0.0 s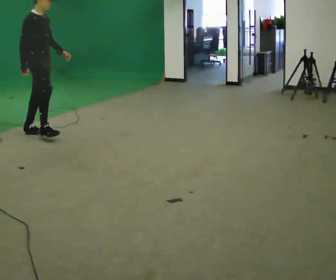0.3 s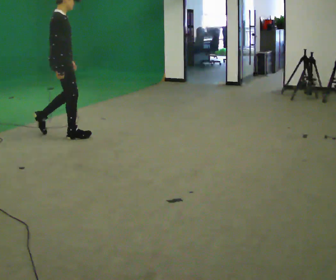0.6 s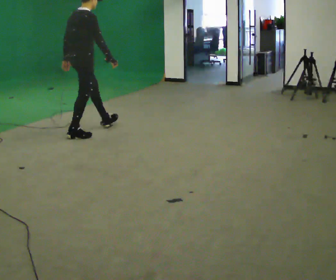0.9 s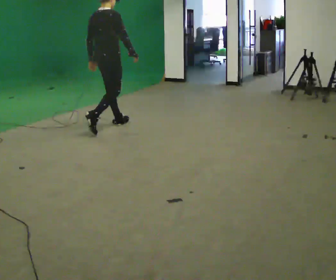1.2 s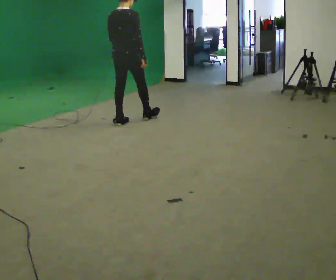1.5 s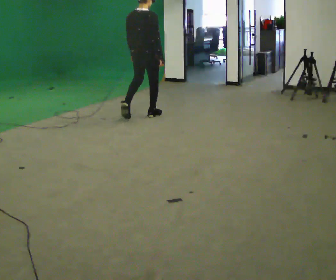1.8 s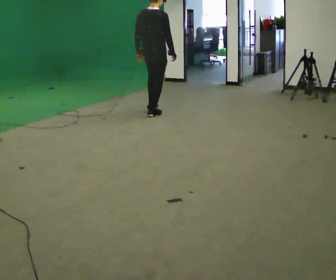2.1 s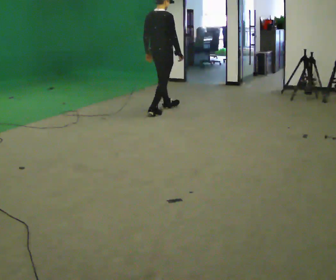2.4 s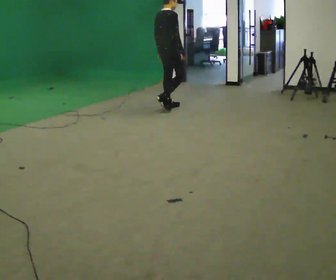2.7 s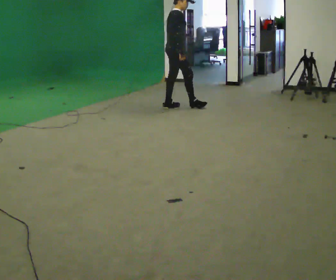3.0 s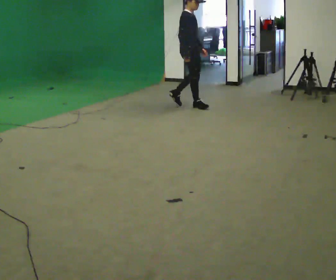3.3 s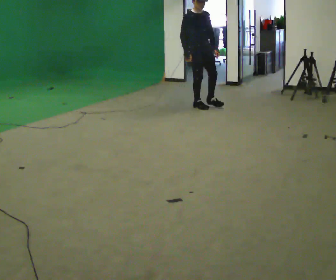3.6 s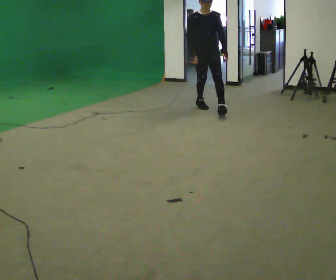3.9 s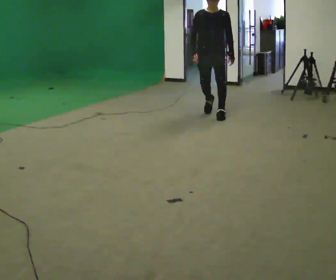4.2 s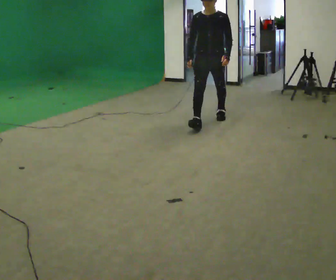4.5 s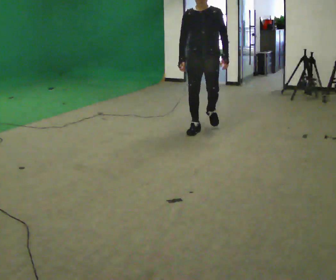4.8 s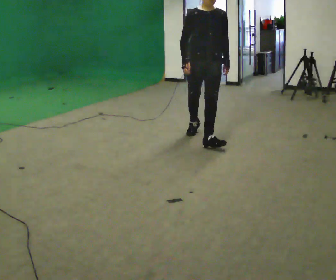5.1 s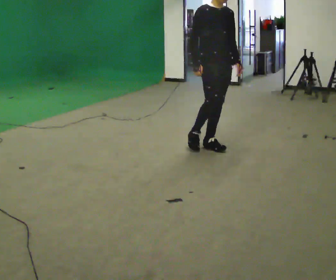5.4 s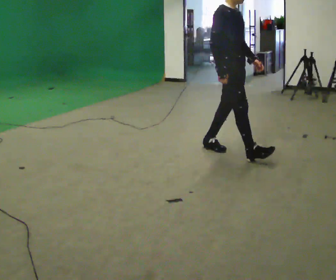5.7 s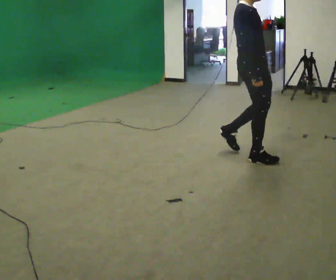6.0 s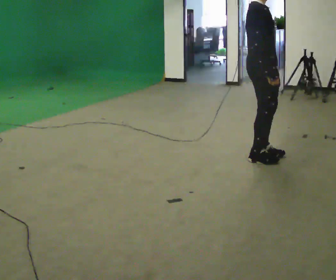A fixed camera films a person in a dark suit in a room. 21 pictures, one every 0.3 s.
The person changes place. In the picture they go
to the right.
0.0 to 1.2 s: The person turns about 75 degrees to their left, counterclockwise seen from above, so the part of the body nearest the lens slides to the right. In the picture they go to the right and away from the camera, about 1 m in 2 steps.
1.2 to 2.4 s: The person turns about 30 degrees to their right, clockwise seen from above, so the part of the body nearest the lens slides to the left. In the picture they go away from the camera and to the right, about 1 m in 2 steps, which for them is forward.
2.4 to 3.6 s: The person turns about 120 degrees to their right, clockwise seen from above, so the part of the body nearest the lens slides to the left. In the picture they go to the right, about 0.5 m in 1 step.
3.6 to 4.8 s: In the picture they go toward the camera, about 1.5 m in 2 steps, which for them is forward.
4.8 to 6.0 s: The person turns about 60 degrees to their left, counterclockwise seen from above, so the part of the body nearest the lens slides to the right. In the picture they go toward the camera and to the right, about 1 m in 3 steps.
The film runs forward here.
